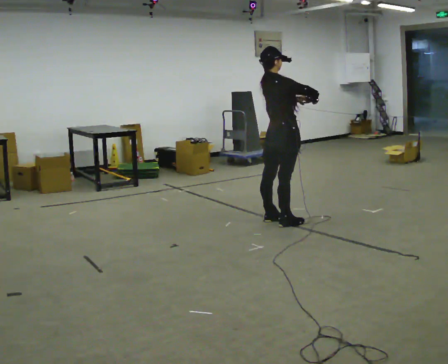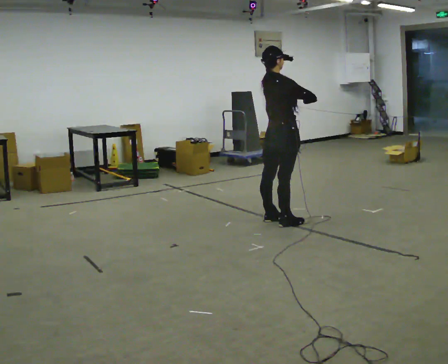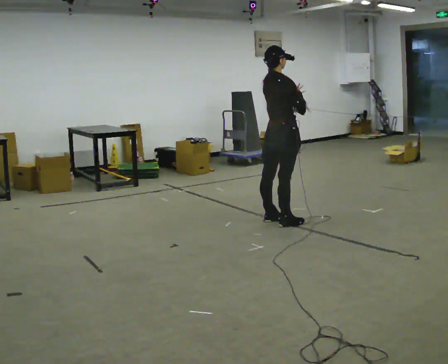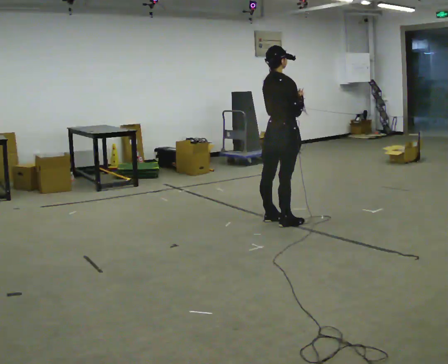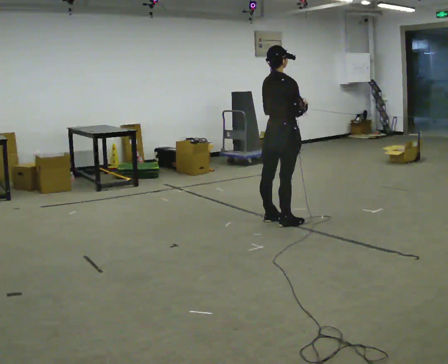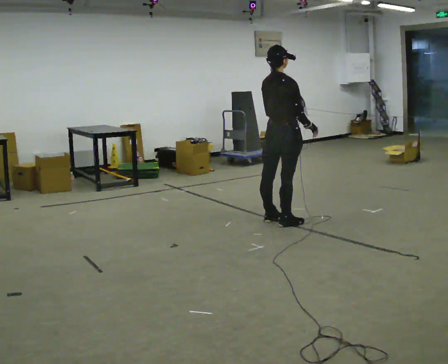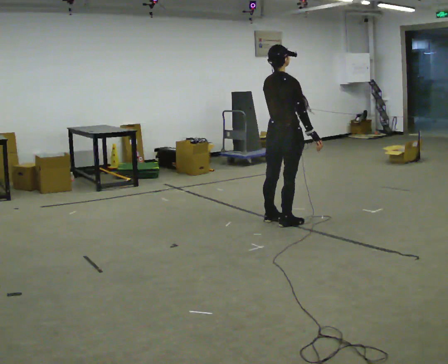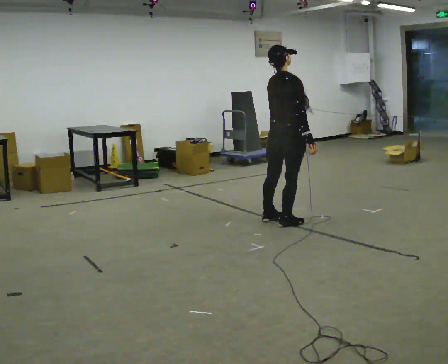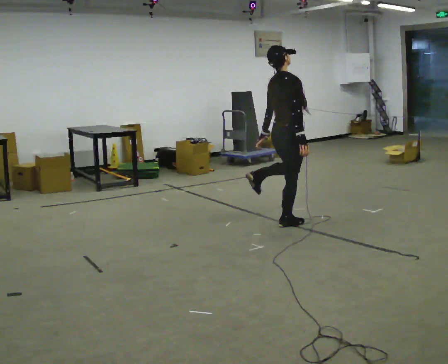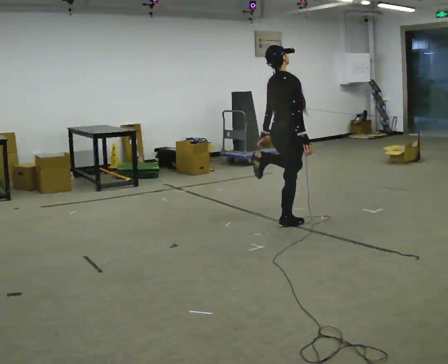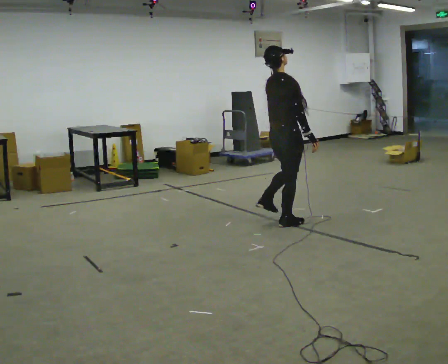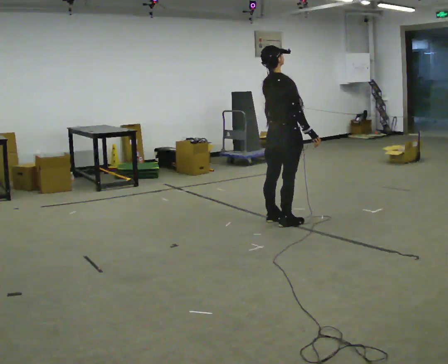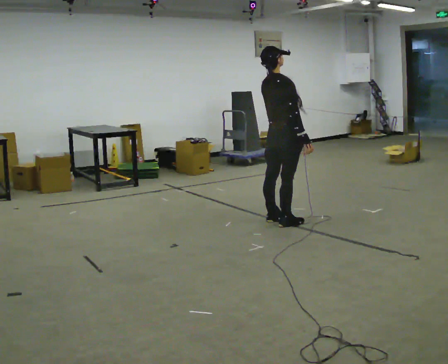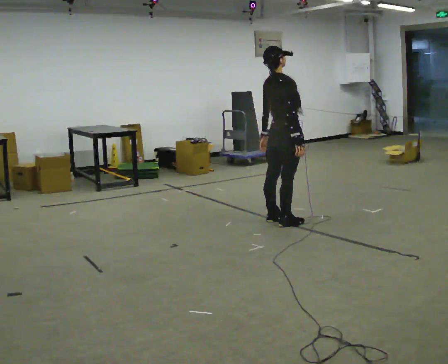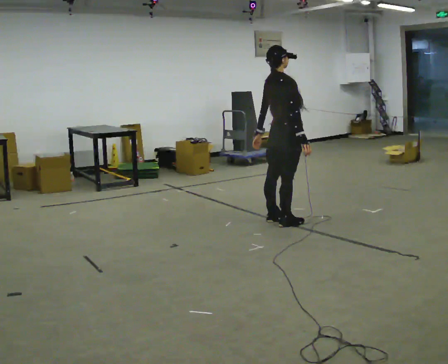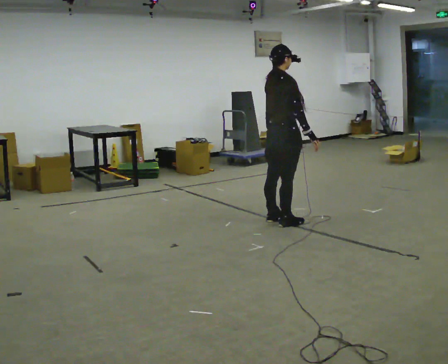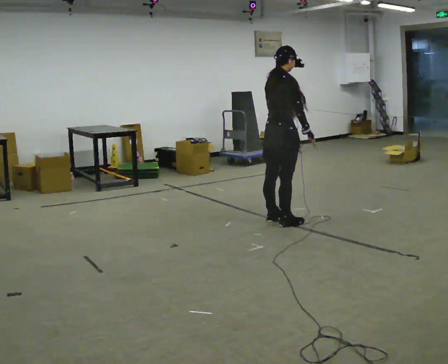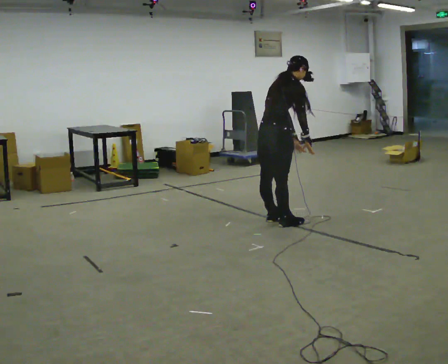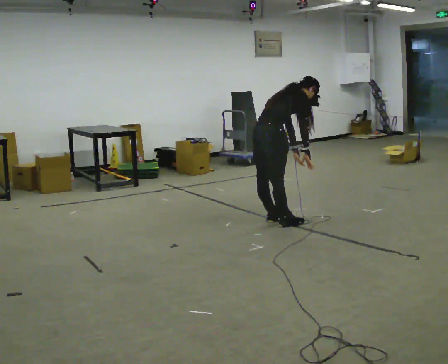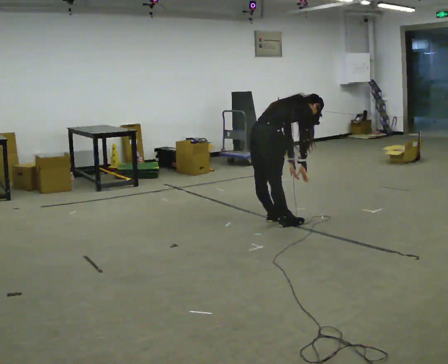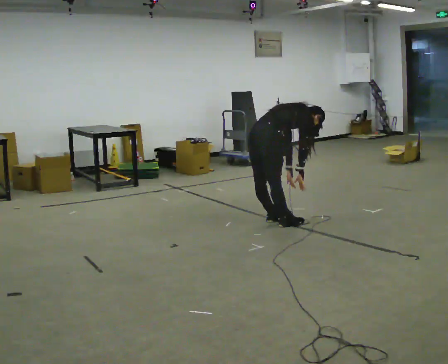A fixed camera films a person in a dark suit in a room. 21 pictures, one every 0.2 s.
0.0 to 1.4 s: In the picture their right hand goes downward.
1.4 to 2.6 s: The person moves a little, or ends about where they began.
2.6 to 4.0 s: In the picture they go to the left, about 0.25 m, which for them is backward. The upper body goes downward. In the picture the upper body tilts clockwise, shoulders to the right, as they bend forward. In the picture their right hand goes downward.
The film runs backward here.
